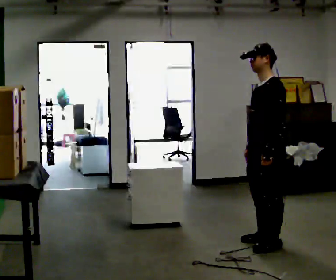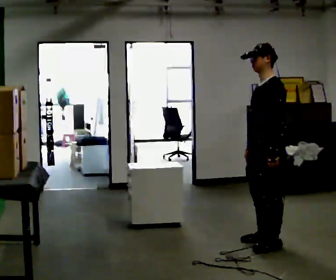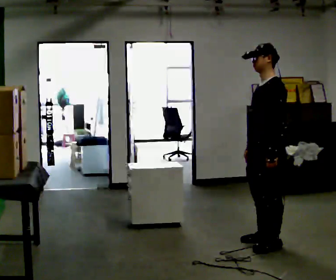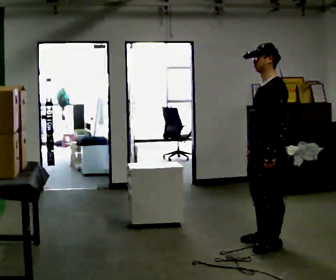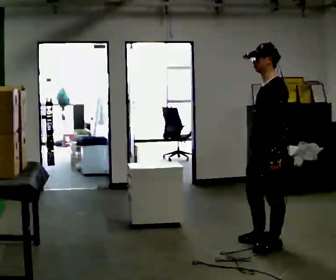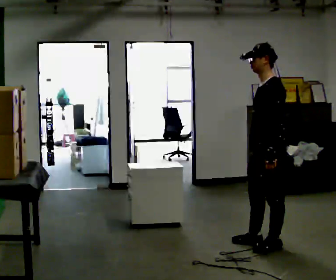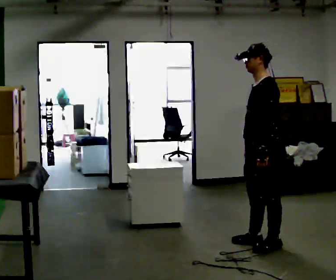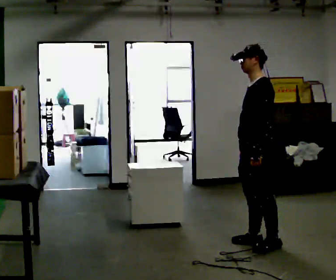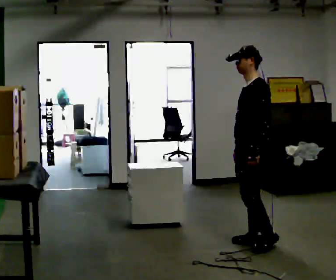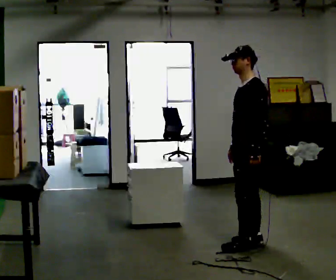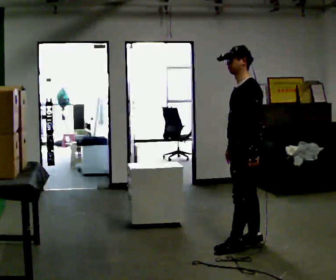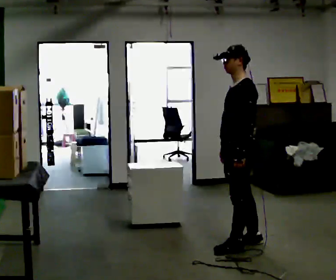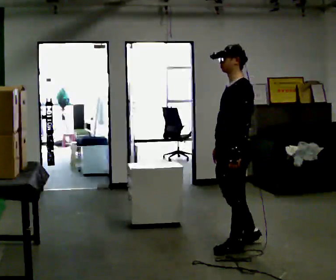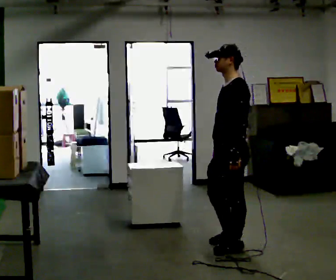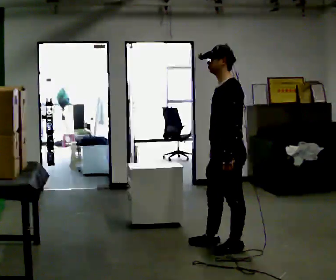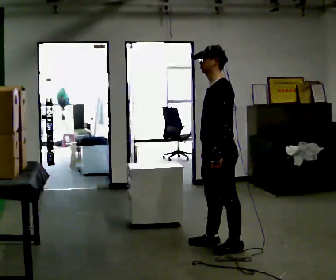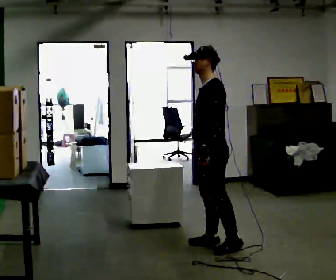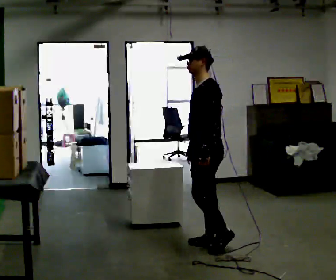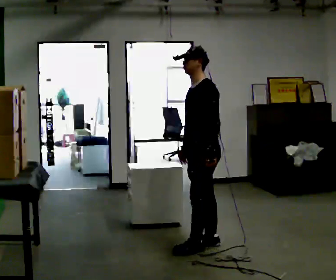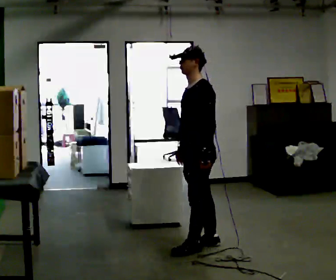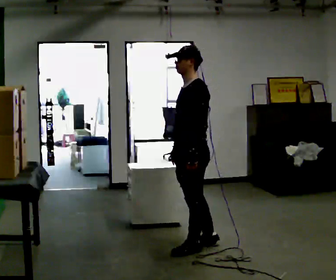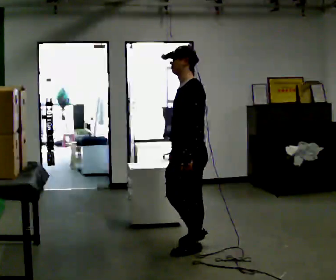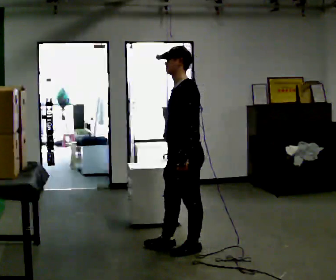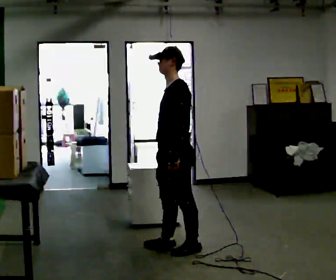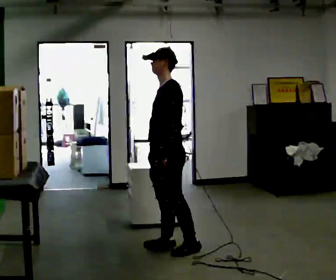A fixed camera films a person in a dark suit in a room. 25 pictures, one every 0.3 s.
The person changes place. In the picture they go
to the left.
0.0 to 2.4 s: The person moves a little, or ends about where they began.
2.4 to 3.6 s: In the picture they go to the left, about 0.25 m in 1 step, which for them is forward.
3.6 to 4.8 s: In the picture they go to the left, about 0.25 m in 1 step, which for them is forward and to their right.
4.8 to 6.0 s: The person moves a little, or ends about where they began.
6.0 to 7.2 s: In the picture they go to the left, about 0.25 m in 1 step, which for them is forward.
The film runs forward here.
